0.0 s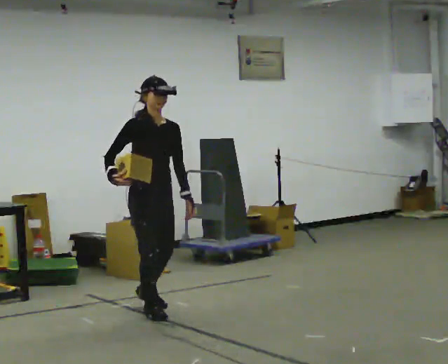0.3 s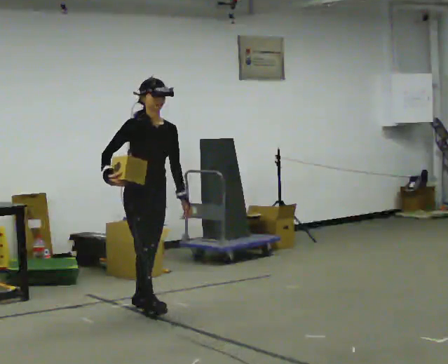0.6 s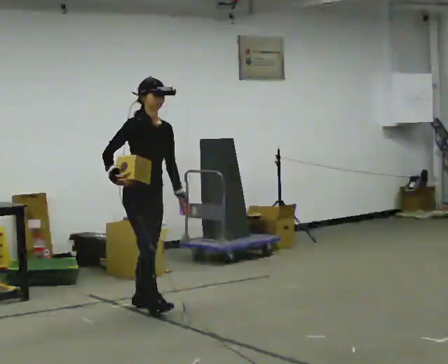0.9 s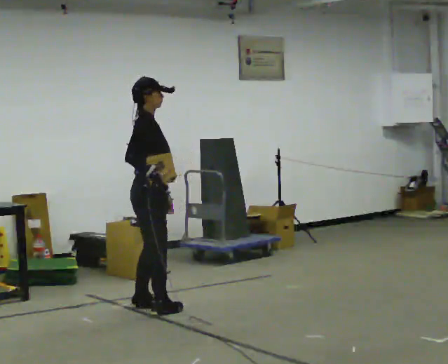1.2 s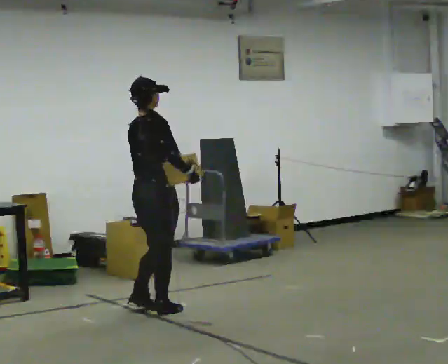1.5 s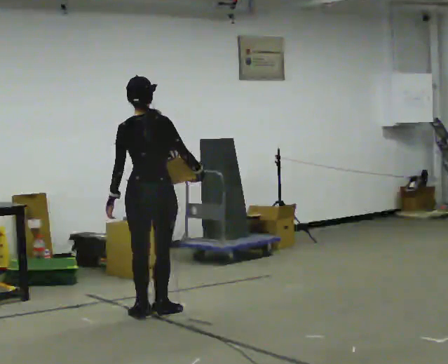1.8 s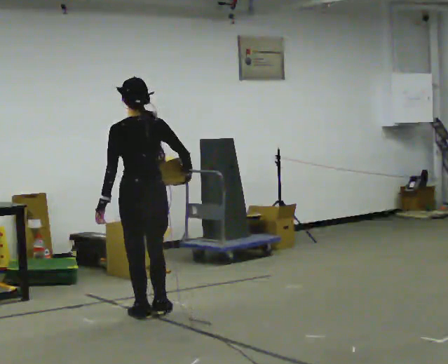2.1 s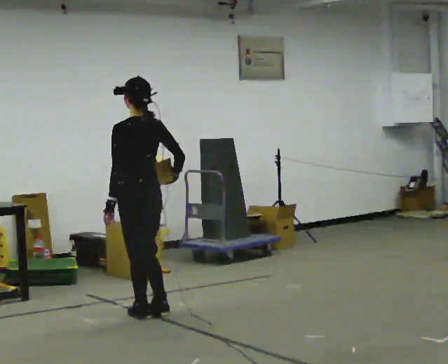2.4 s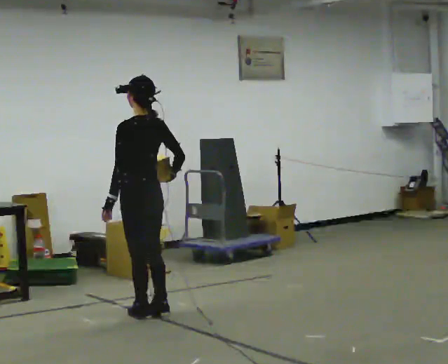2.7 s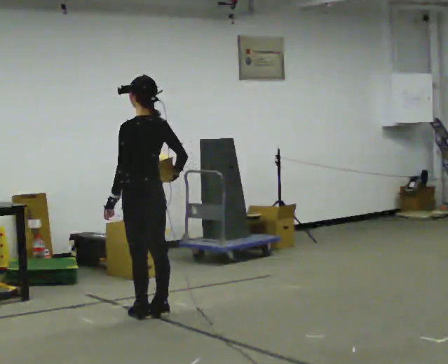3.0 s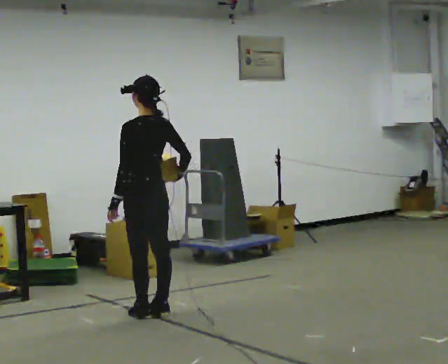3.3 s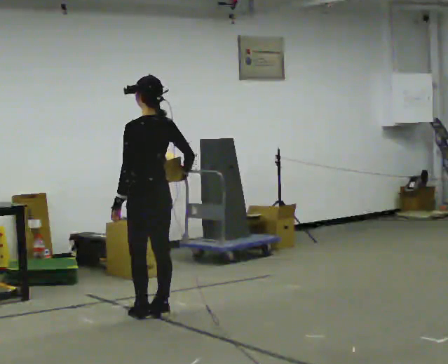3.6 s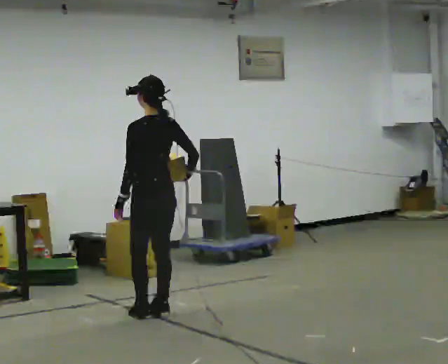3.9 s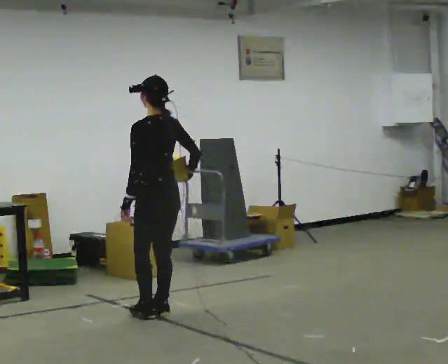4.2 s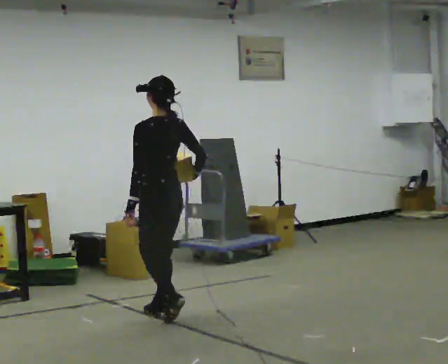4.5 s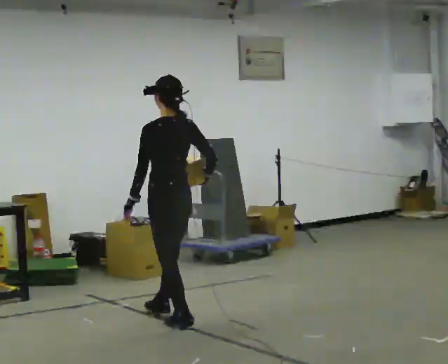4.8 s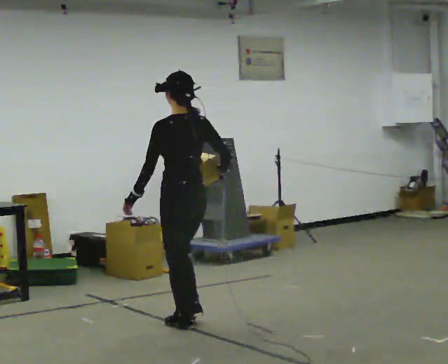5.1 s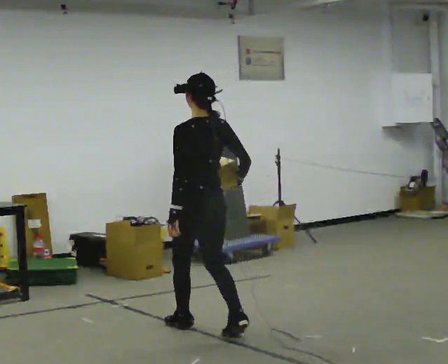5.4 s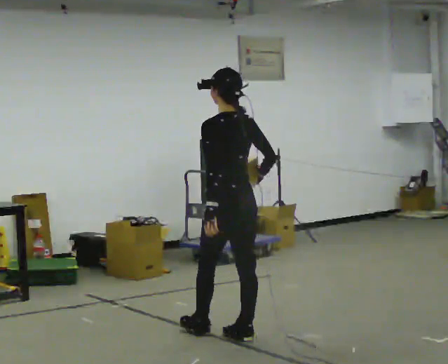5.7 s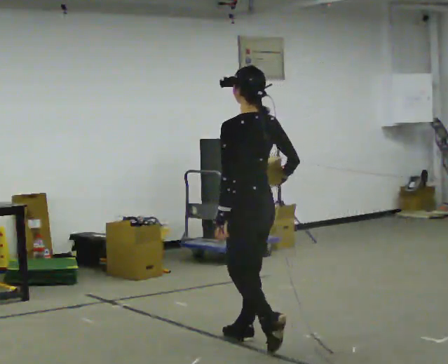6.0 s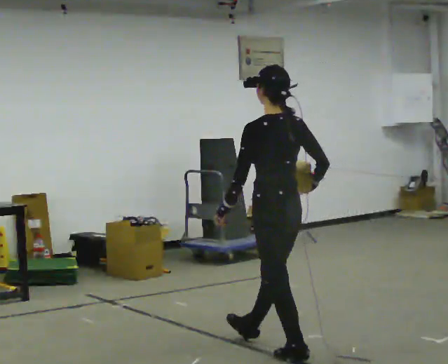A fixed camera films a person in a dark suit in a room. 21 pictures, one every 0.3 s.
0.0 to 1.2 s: The person turns about 90 degrees to their left, counterclockwise seen from above, so the part of the body nearest the lens slides to the right. In the picture their right hand goes to the right, the arm swinging counterclockwise.
1.2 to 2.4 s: Seen from above the body turns counterclockwise, about 105 degrees: to their left, with its near side sliding to the right.
2.4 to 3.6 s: The person moves a little, or ends about where they began.
3.6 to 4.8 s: In the picture they go toward the camera, about 0.5 m in 2 steps, which for them is backward.
4.8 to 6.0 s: In the picture they go toward the camera and to the right, about 1 m in 2 steps, which for them is backward.
The film runs backward here.
